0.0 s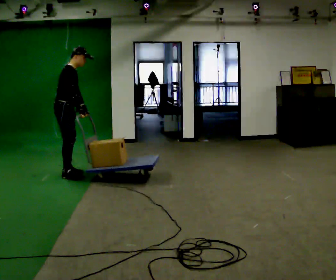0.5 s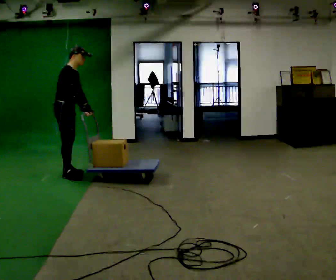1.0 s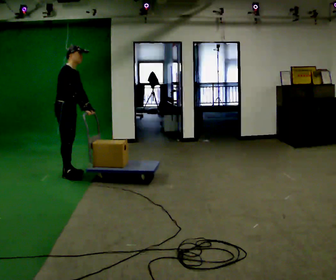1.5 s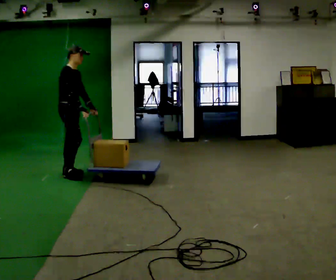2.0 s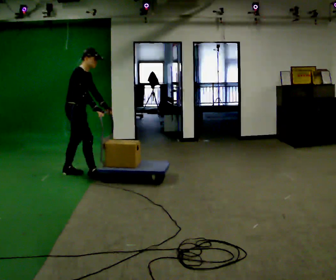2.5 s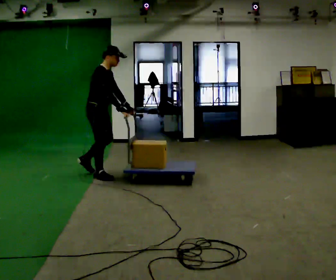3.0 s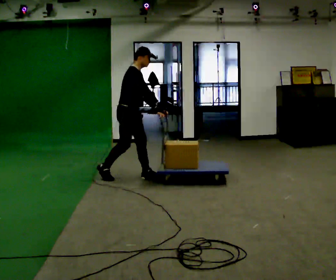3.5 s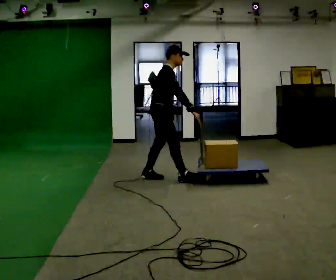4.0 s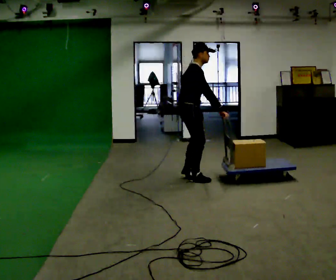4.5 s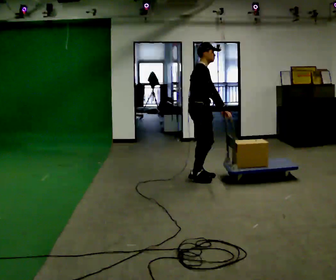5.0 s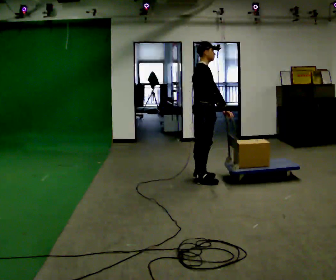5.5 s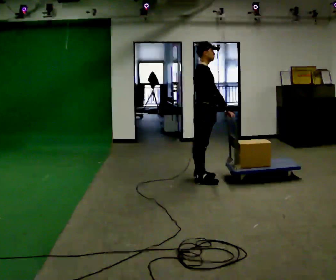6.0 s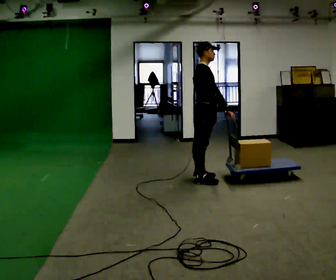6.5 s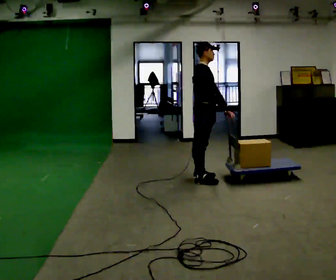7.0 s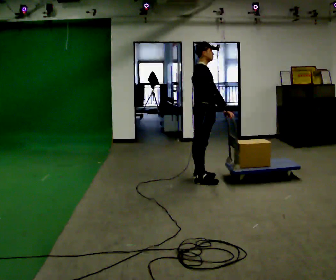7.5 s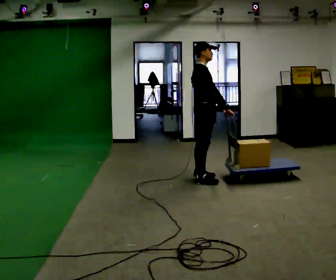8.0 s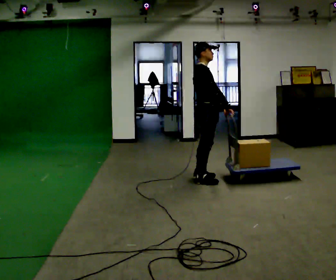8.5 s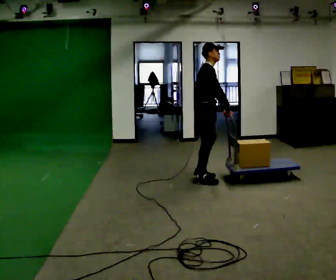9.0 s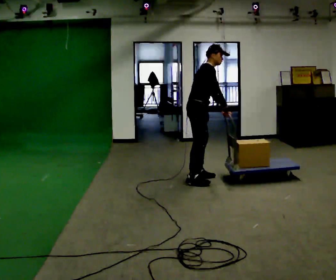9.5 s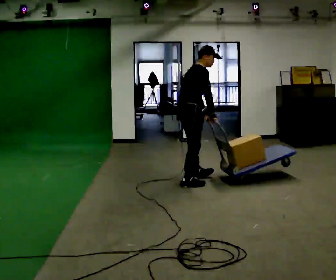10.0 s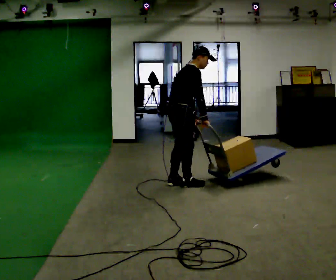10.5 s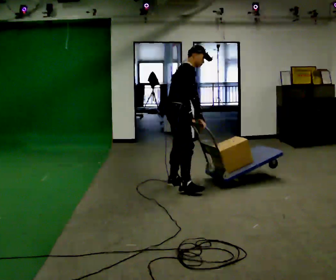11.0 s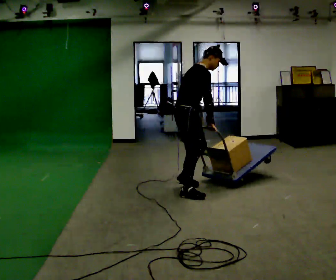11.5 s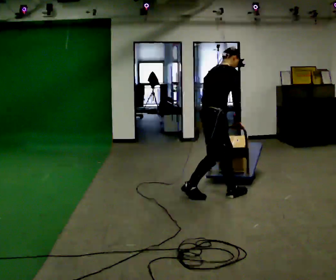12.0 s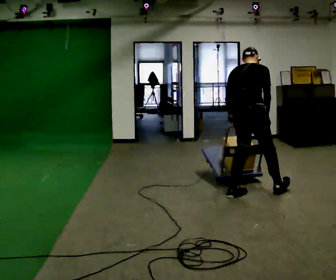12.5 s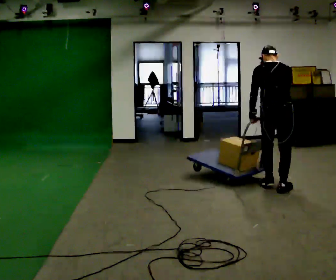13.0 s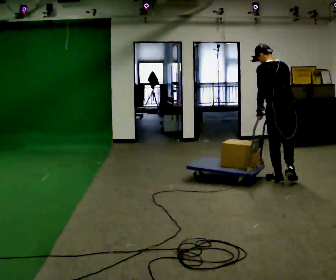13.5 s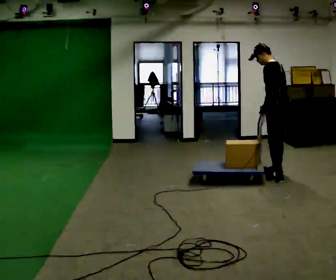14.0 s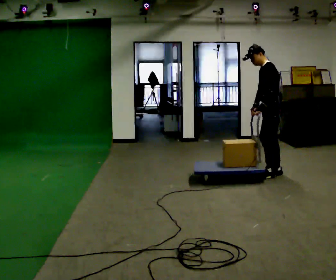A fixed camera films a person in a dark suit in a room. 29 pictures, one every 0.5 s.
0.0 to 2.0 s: The person moves a little, or ends about where they began.
2.0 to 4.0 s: In the picture they go to the right, about 1.5 m in 3 steps, which for them is forward.
4.0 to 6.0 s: In the picture they go to the right, about 0.25 m in 1 step, which for them is forward.
6.0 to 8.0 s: The person moves a little, or ends about where they began.
8.0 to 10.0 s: In the picture they go to the left and toward the camera, about 0.5 m in 2 steps, which for them is backward and to their right. In the picture the upper body tilts clockwise, shoulders to the right, as they bend forward.
10.0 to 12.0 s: The person turns about 30 degrees to their left, counterclockwise seen from above, so the part of the body nearest the lens slides to the right. In the picture they go to the right and toward the camera, about 1 m in 2 steps, which for them is forward and to their right.
12.0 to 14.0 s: Seen from above the body turns counterclockwise, about 120 degrees: to their left, with its near side sliding to the right. In the picture they go away from the camera and to the right, about 1 m in 3 steps.
The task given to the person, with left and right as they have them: Stand still with your hands on the cart. When the operator says go, get it moving, push it a few metres, then bring it to a stop. Repeat until the operator says stop.
The film runs forward here.
